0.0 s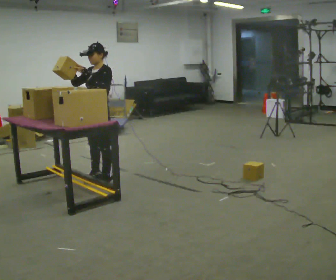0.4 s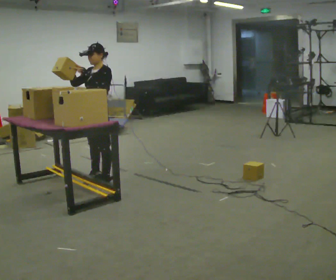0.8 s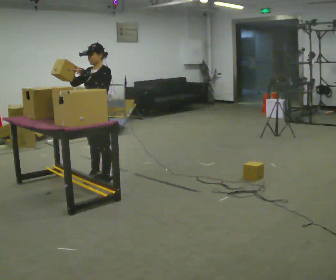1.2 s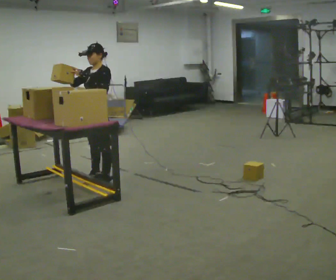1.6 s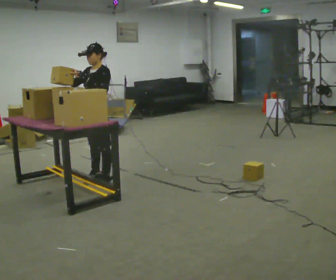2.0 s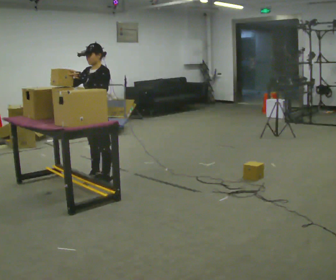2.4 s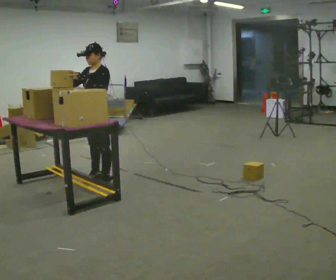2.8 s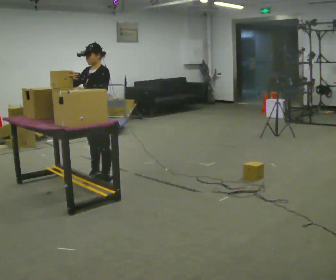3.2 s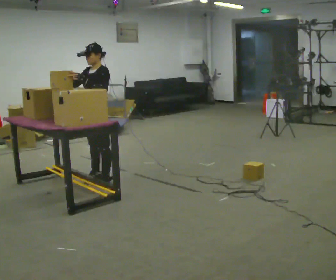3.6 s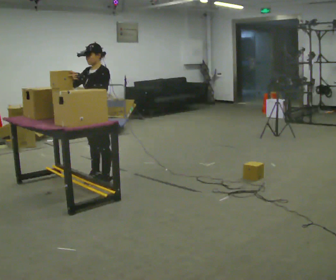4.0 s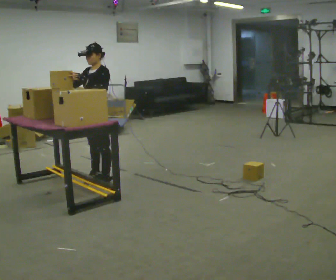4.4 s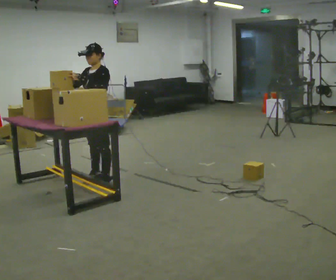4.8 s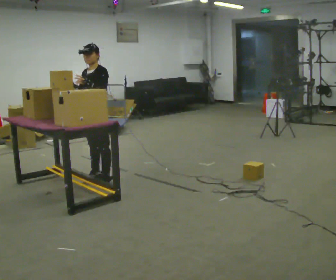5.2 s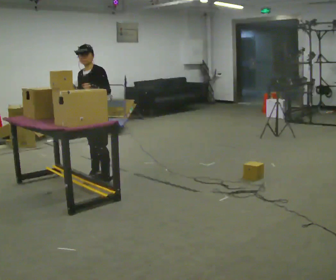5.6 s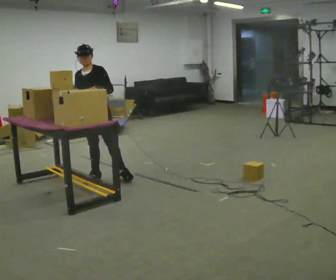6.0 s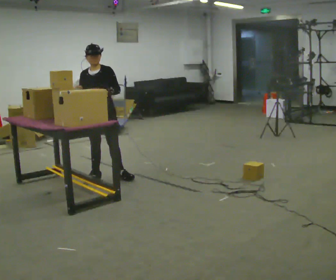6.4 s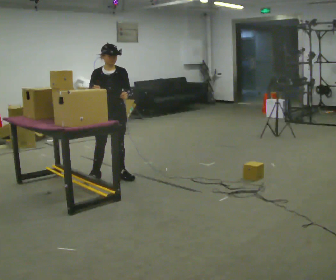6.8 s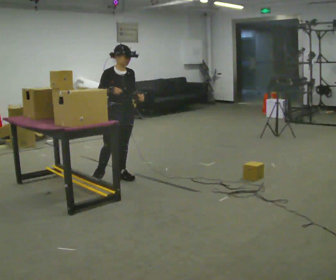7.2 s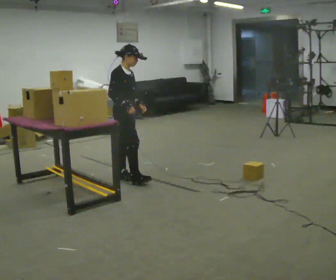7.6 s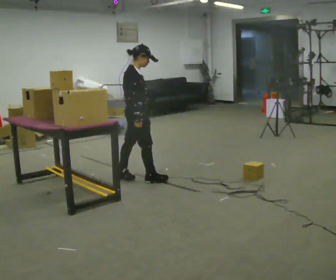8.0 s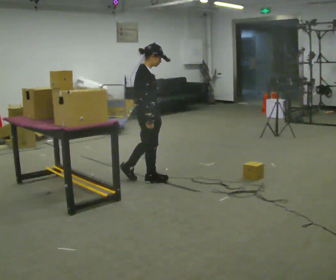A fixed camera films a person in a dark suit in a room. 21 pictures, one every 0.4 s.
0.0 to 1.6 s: The person moves a little, or ends about where they began.
1.6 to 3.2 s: The person keeps their place and pose.
3.2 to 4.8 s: The person moves a little, or ends about where they began.
4.8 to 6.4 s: Seen from above the body turns counterclockwise, about 45 degrees: to their left, with its near side sliding to the right. In the picture they go to the right, about 0.25 m in 1 step, which for them is to their left. In the picture their left hand goes to the right.
6.4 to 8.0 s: The part of the body nearest the lens slides to the right as the person turns to their left by about 90 degrees. In the picture they go to the right and toward the camera, about 0.5 m in 1 step.
The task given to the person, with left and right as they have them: Carry the object over and fit it into the gap between the two boxes already on the shelf, without touching either of them. Keep going until the operator says stop; one object at a time, and do not rush between trips.
The film runs forward here.
